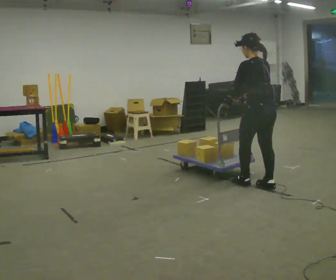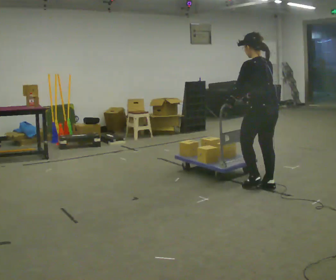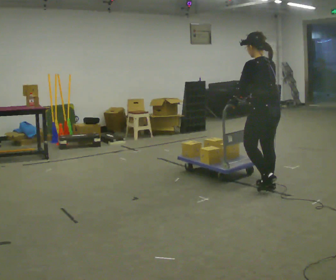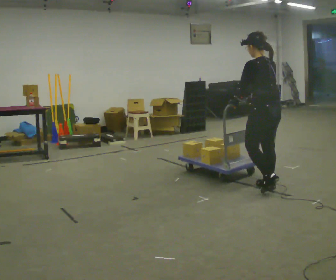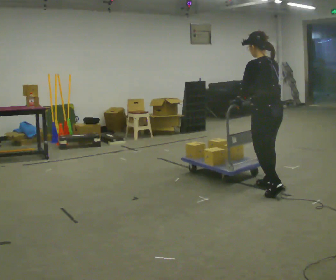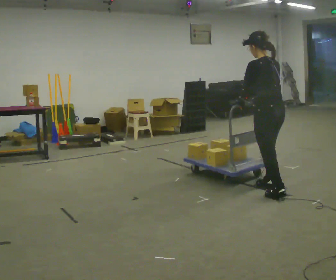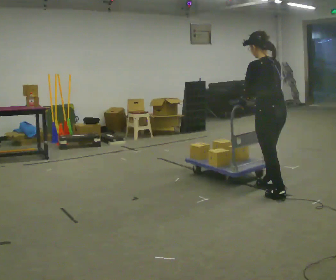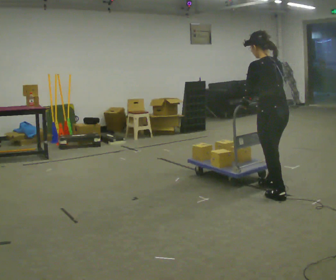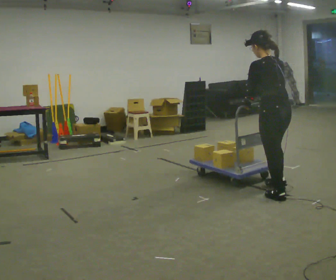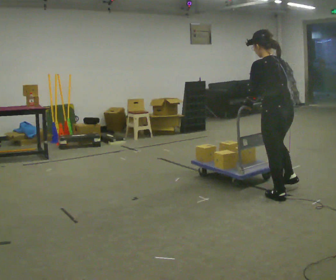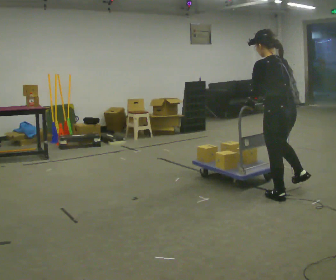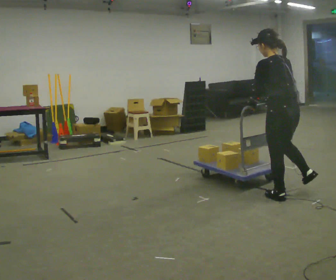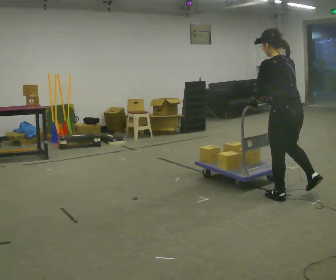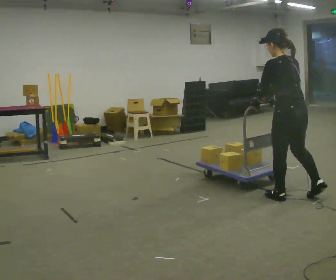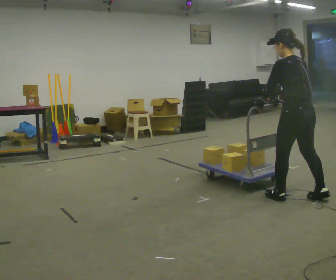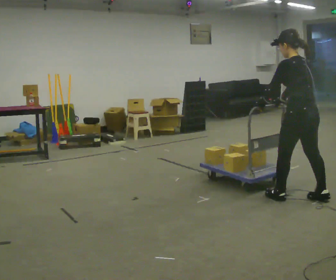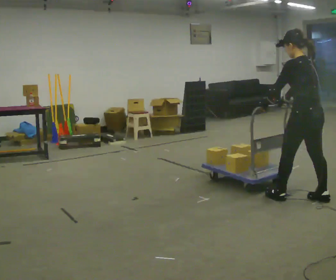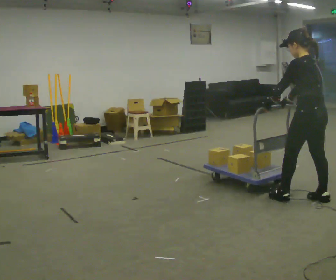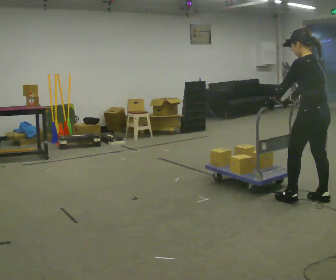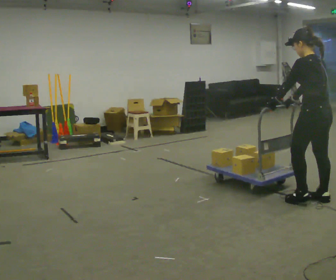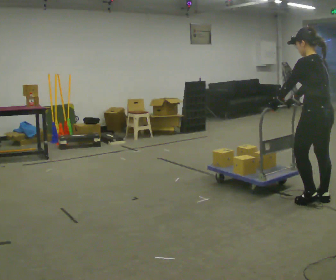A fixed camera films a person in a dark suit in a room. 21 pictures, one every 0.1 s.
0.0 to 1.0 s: In the picture they go toward the camera and to the right, about 0.5 m in 1 step, which for them is backward.
1.0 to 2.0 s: In the picture they go to the right, about 0.25 m in 1 step, which for them is backward and to their right.
The film runs backward here.
